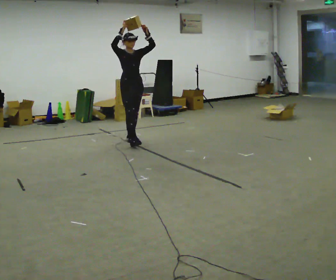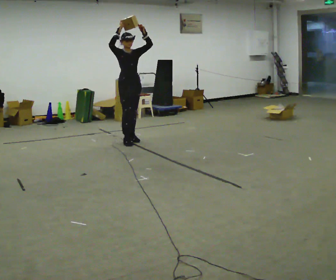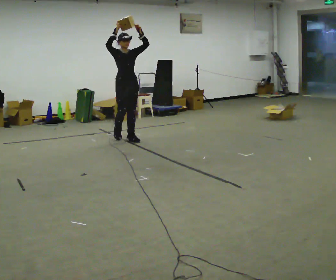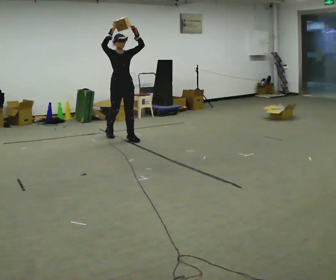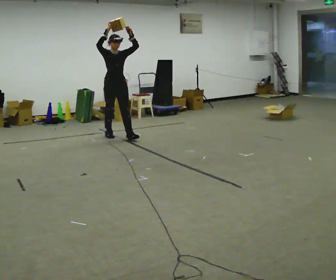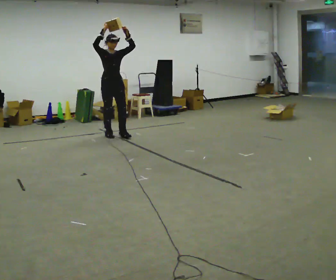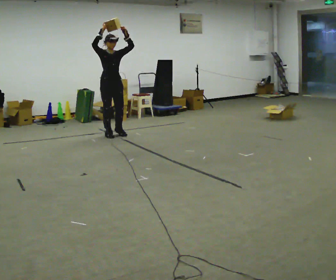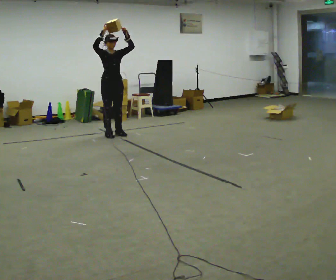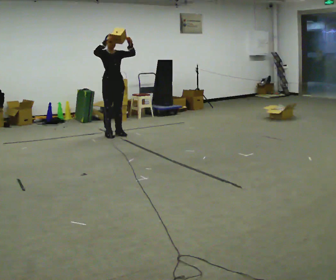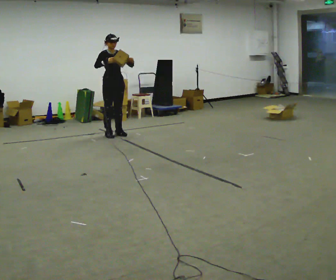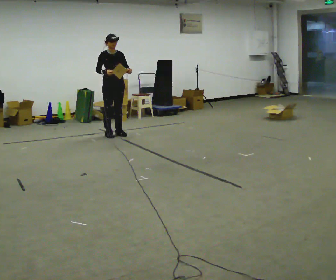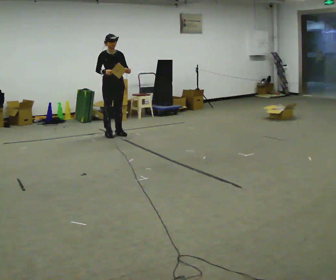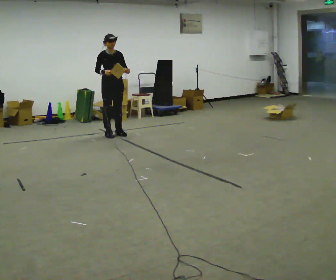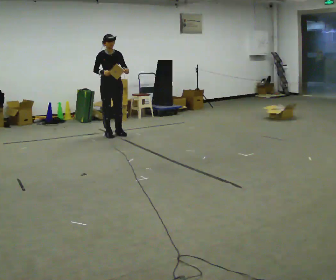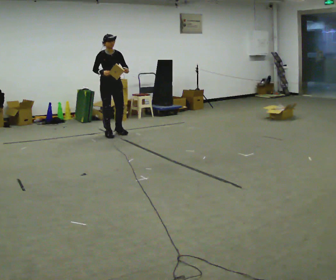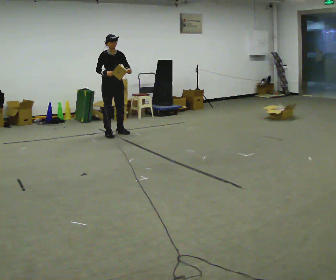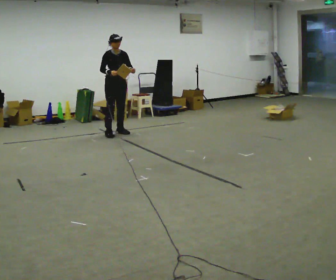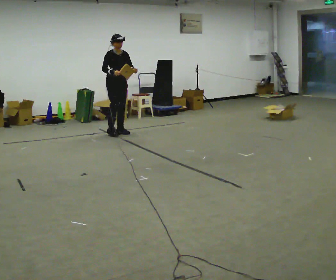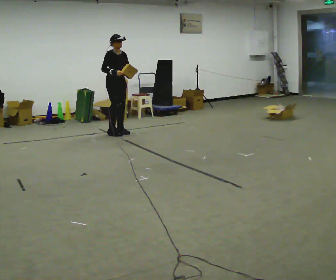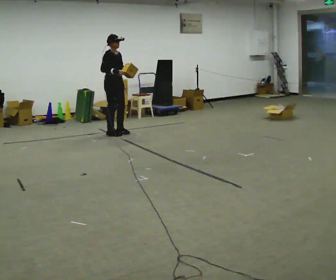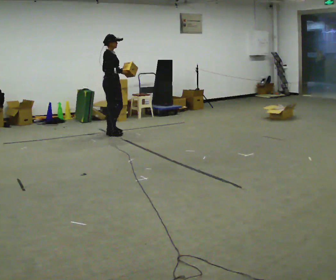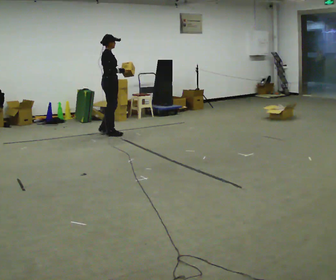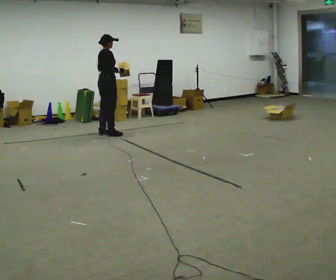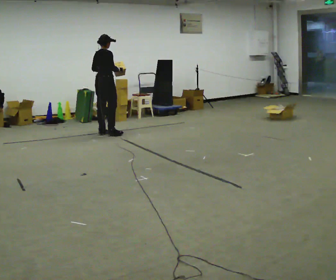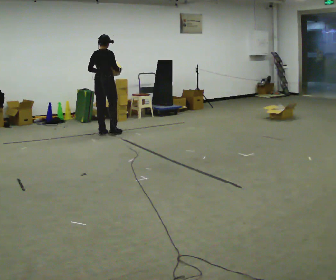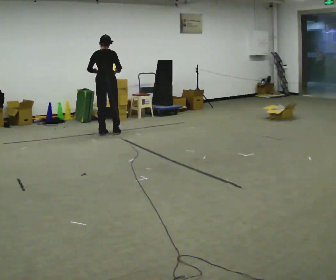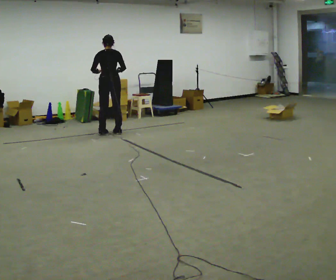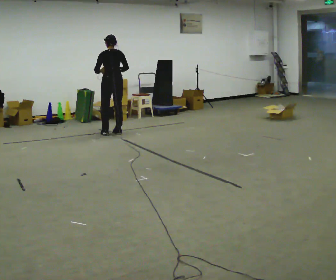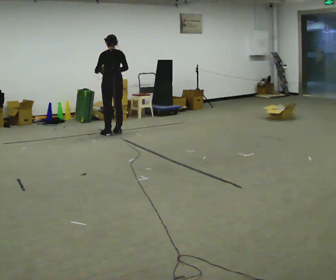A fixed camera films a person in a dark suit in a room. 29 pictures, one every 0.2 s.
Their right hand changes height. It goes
downward.
Their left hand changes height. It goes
downward.
0.0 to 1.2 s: In the picture they go away from the camera and to the left, about 0.5 m in 2 steps, which for them is backward and to their right.
1.2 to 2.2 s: In the picture their right hand goes downward.
2.2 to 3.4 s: The person moves a little, or ends about where they began.
3.4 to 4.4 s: The part of the body nearest the lens slides to the right as the person turns to their left by about 75 degrees. In the picture they go to the left, about 0.25 m in 1 step. In the picture their left hand goes to the left.
4.4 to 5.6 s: The part of the body nearest the lens slides to the right as the person turns to their left by about 90 degrees.
The film runs backward here.
